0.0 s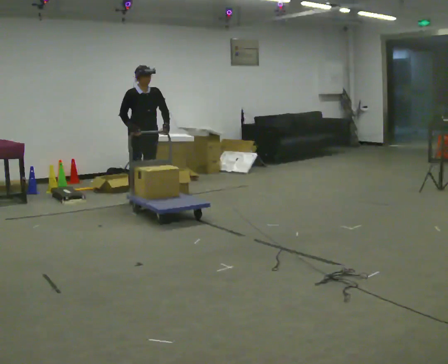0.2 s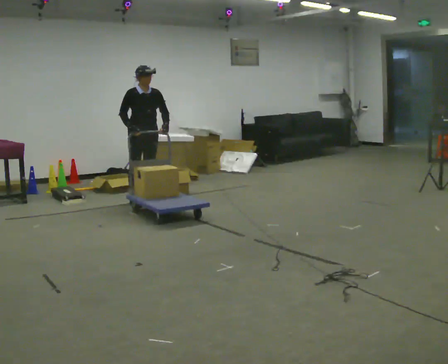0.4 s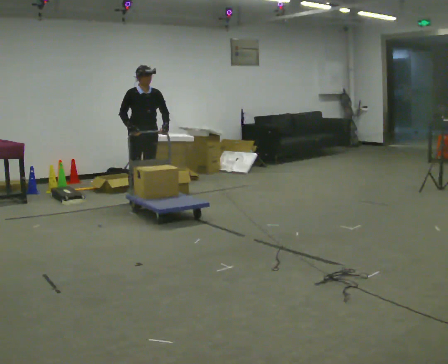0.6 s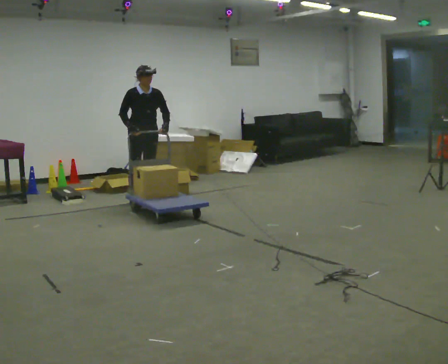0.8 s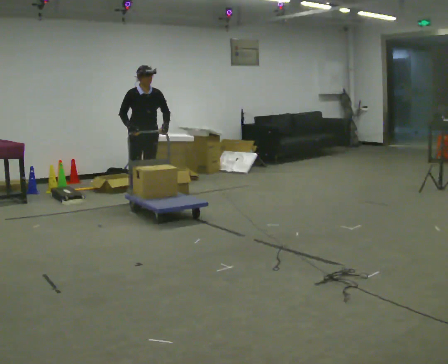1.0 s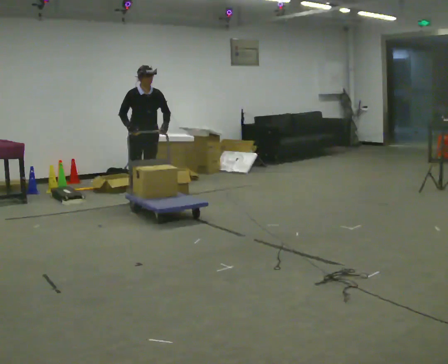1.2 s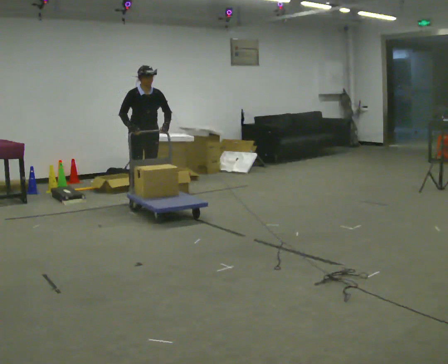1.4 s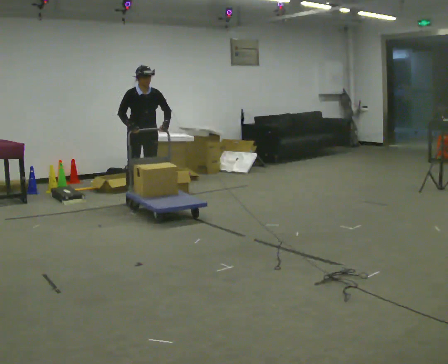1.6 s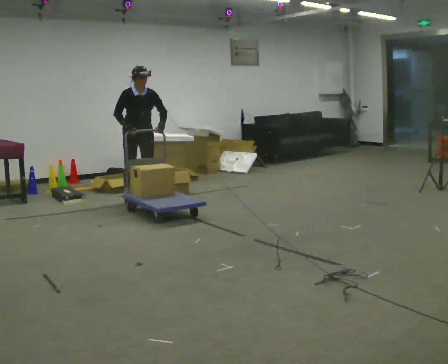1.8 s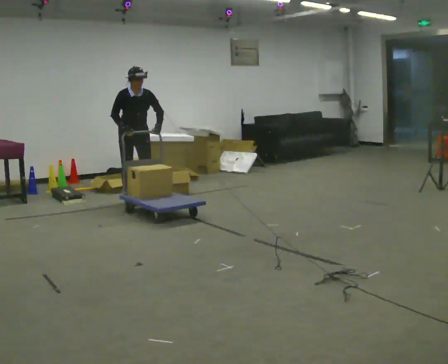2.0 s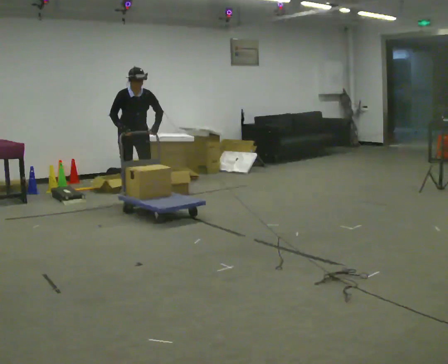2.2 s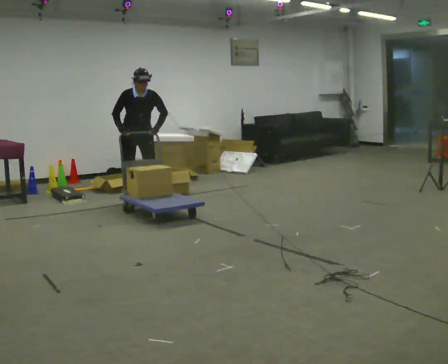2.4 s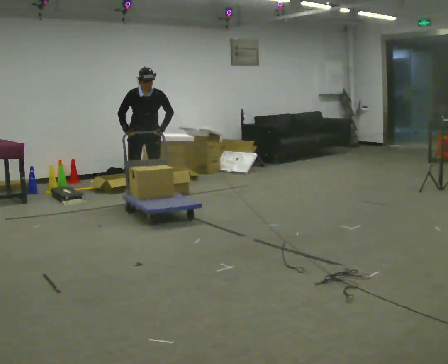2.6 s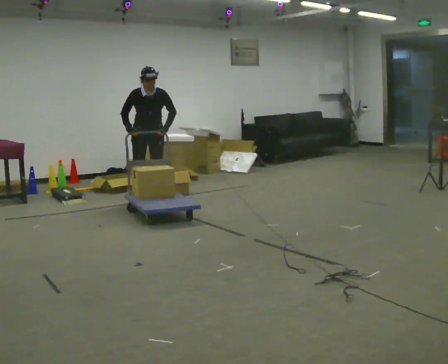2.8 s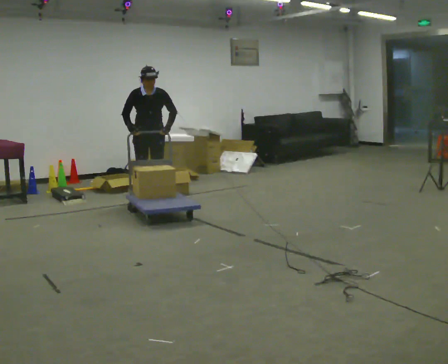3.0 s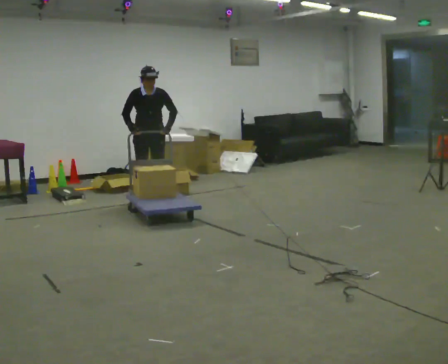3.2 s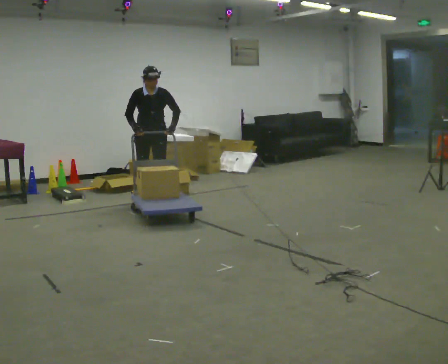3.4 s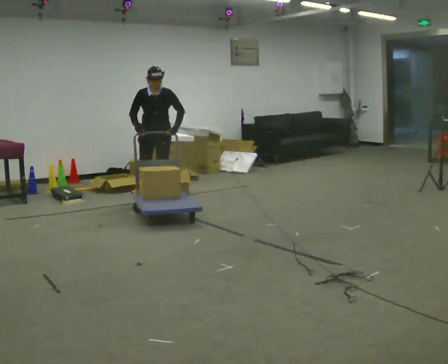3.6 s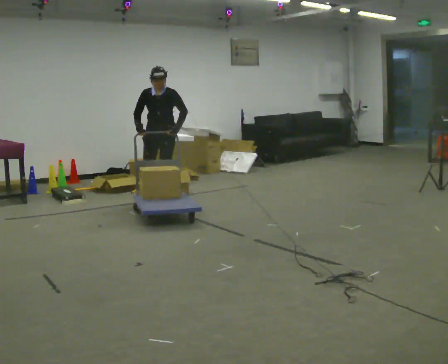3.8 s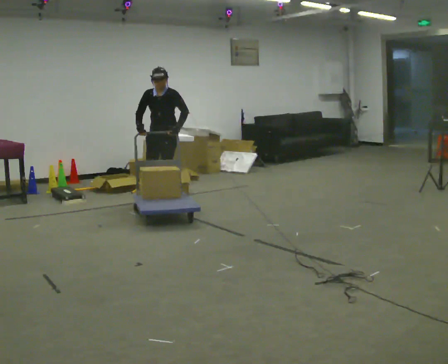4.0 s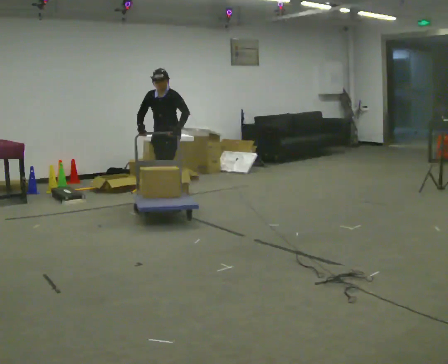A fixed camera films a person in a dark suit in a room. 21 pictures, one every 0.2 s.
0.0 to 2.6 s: The person moves a little, or ends about where they began.
2.6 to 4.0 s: The person turns about 45 degrees to their right, clockwise seen from above, so the part of the body nearest the lens slides to the left. In the picture they go to the right, about 0.25 m in 1 step, which for them is to their left.
The film runs backward here.
